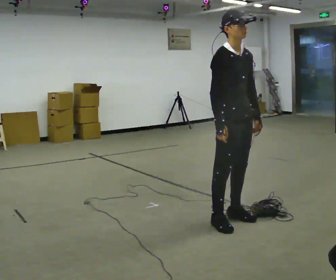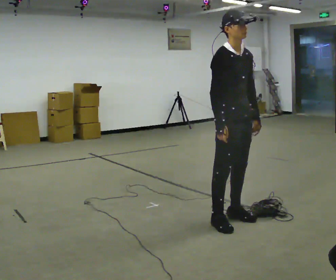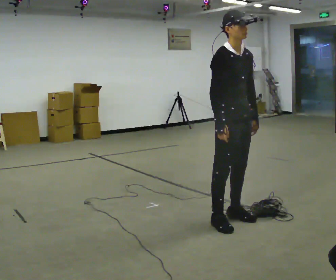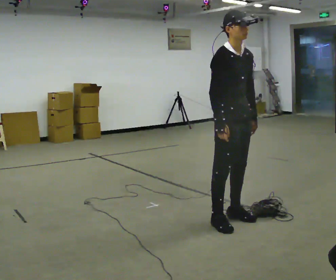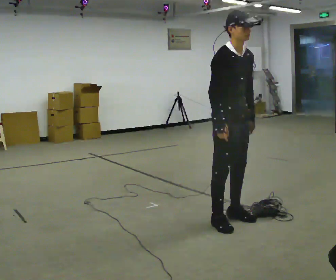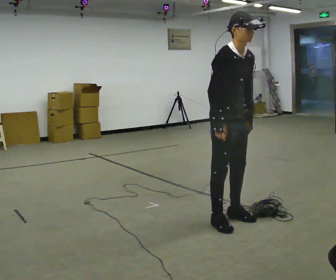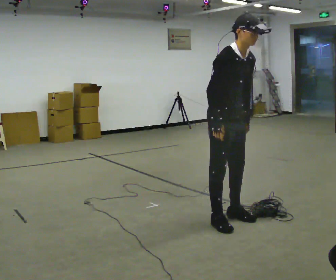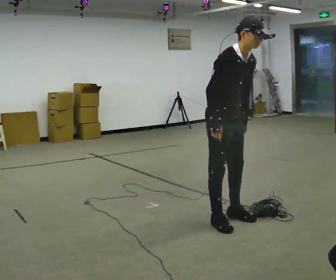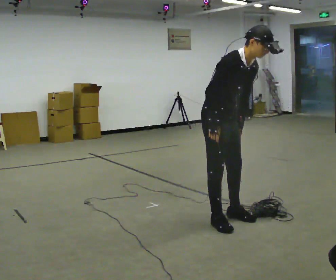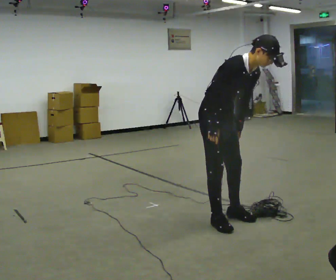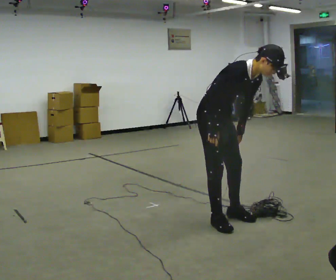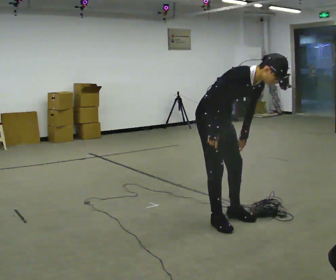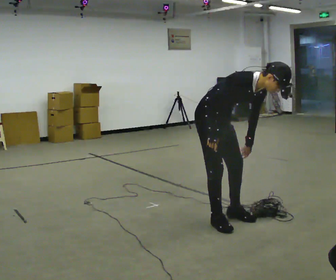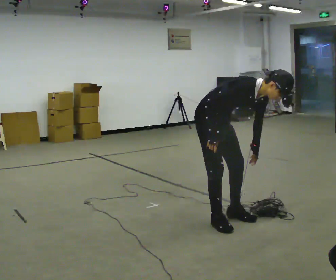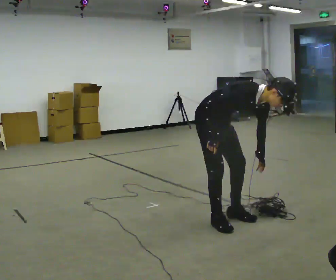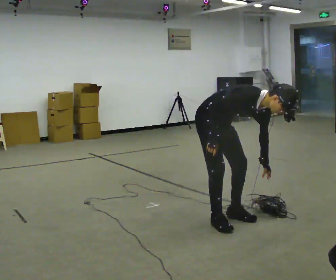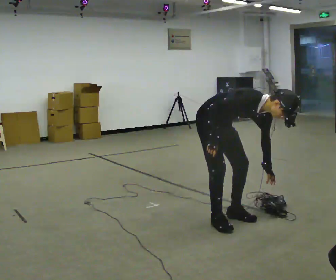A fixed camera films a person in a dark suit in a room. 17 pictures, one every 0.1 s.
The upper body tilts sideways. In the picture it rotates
clockwise.
Their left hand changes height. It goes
downward.
0.0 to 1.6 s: In the picture they go away from the camera and to the left, about 0.25 m, which for them is backward. The upper body goes downward. In the picture the upper body tilts clockwise, shoulders to the right, as they bend forward.
The film runs backward here.
